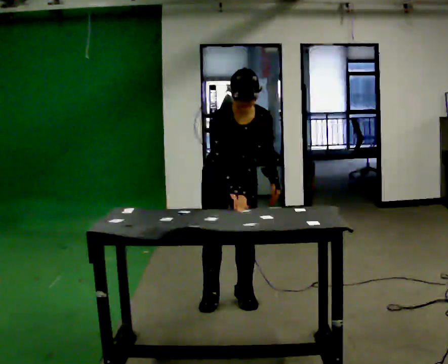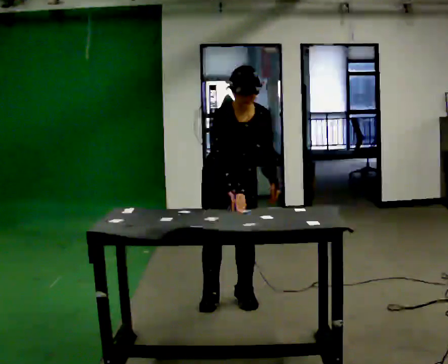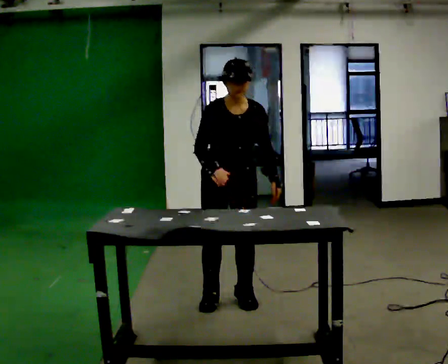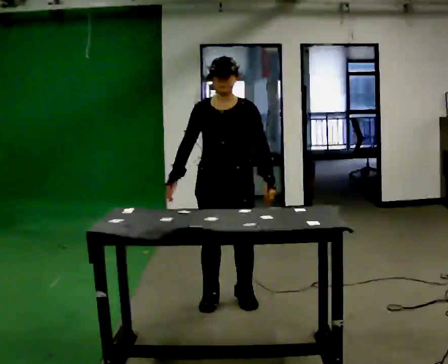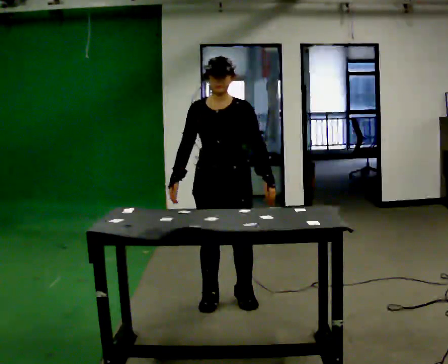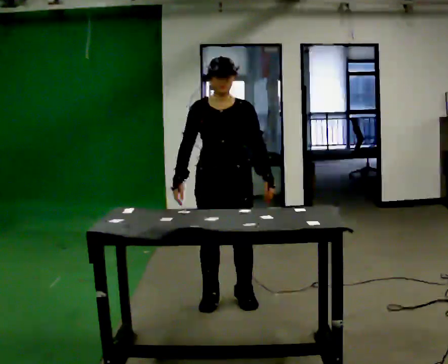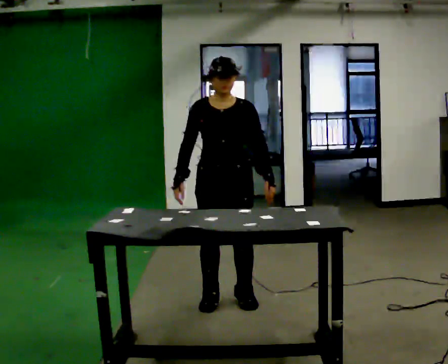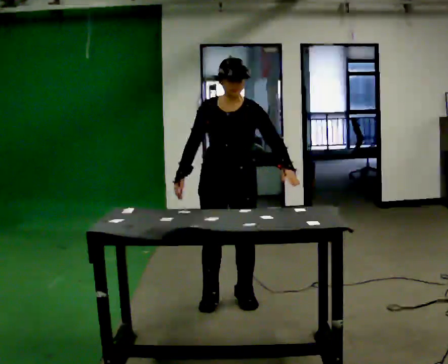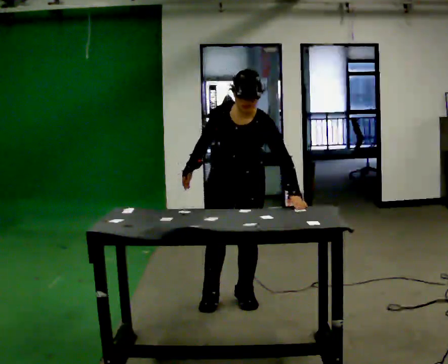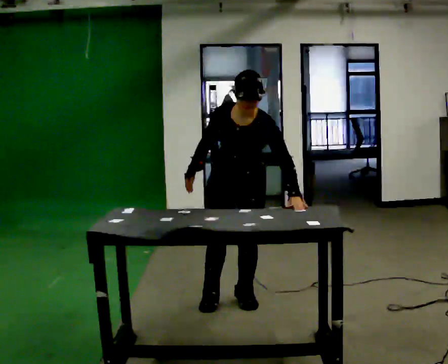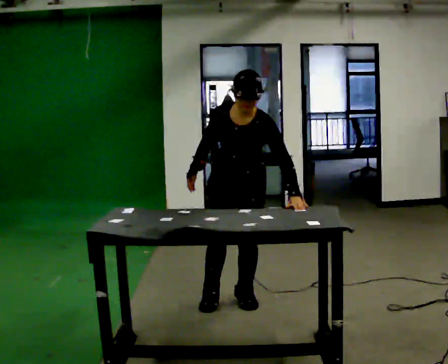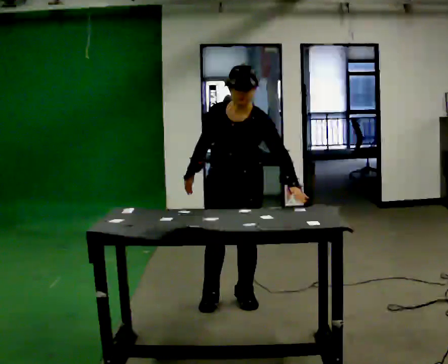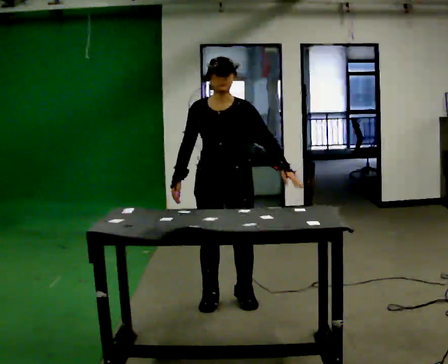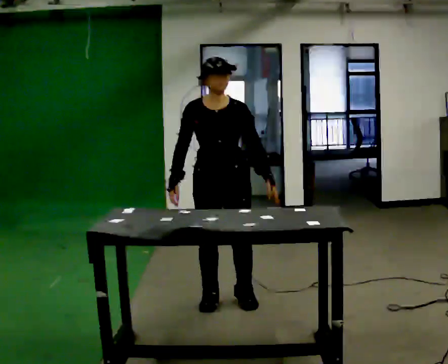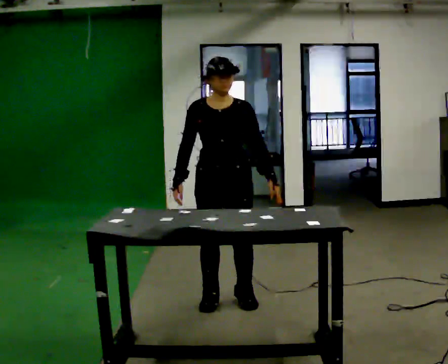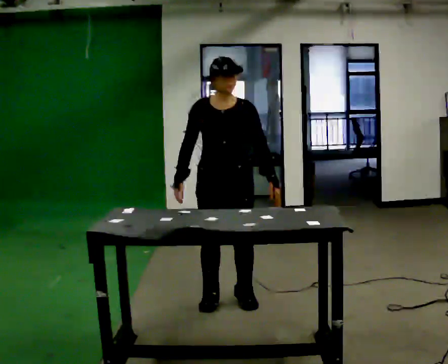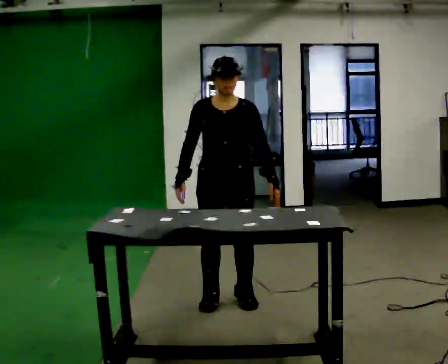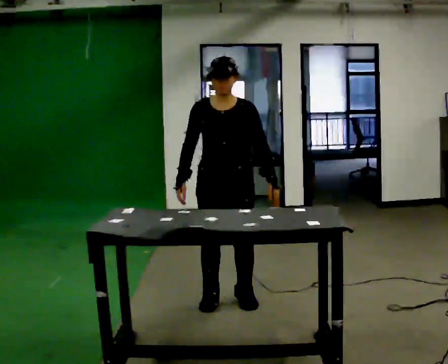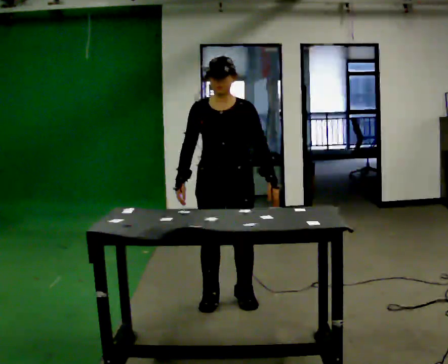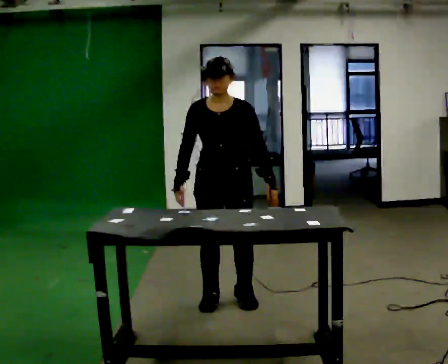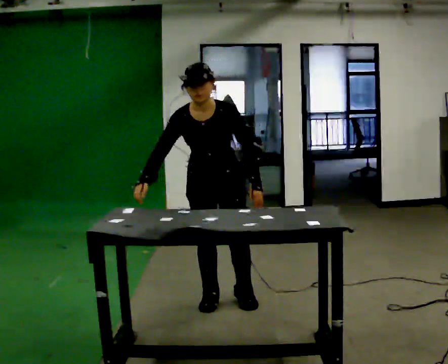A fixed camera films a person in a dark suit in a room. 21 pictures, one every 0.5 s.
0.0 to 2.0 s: Seen from above the body turns clockwise, about 30 degrees: to their right, with its near side sliding to the left. The upper body tips away from the camera, its near side rolling upward, as they lean back or straighten. In the picture their right hand goes to the left.
2.0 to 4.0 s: The upper body tips toward the camera, its near side rolling downward, as they bend forward.
4.0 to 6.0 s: The upper body tips away from the camera, its near side rolling upward, as they lean back or straighten.
6.0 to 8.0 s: The person moves a little, or ends about where they began.
8.0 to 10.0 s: The upper body tips toward the camera, its near side rolling downward, as they bend forward.
The film runs forward here.
